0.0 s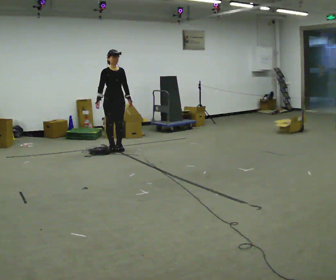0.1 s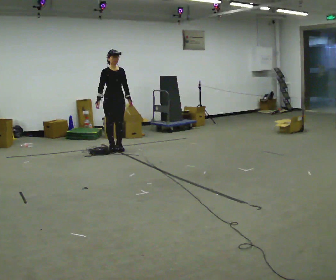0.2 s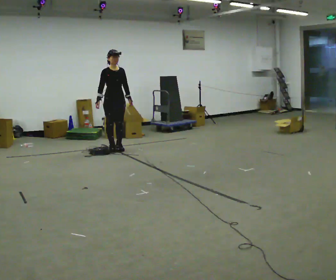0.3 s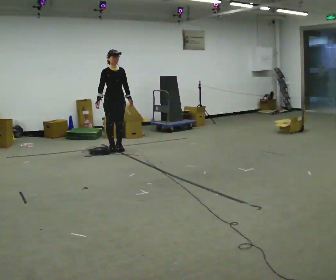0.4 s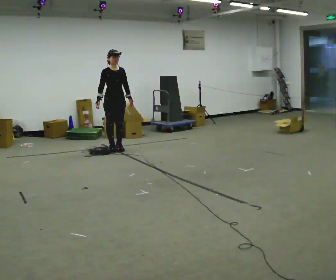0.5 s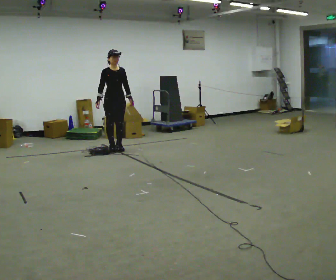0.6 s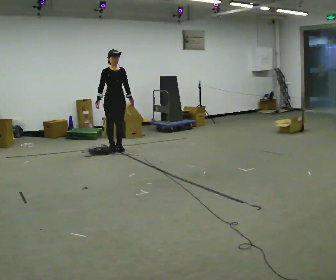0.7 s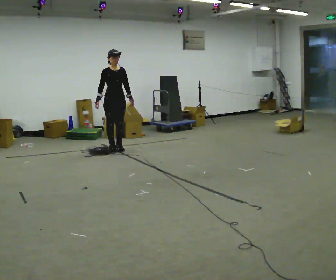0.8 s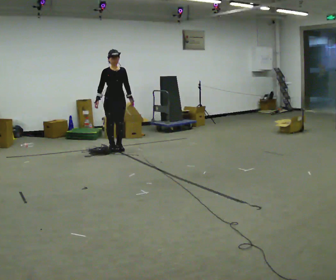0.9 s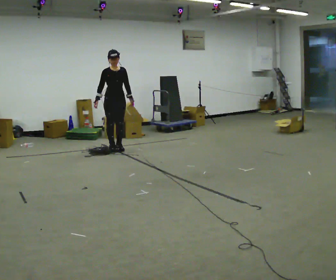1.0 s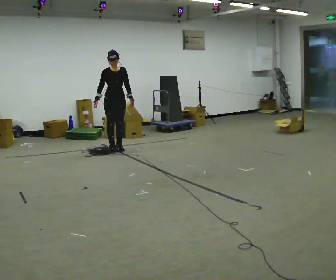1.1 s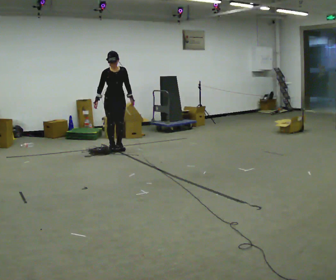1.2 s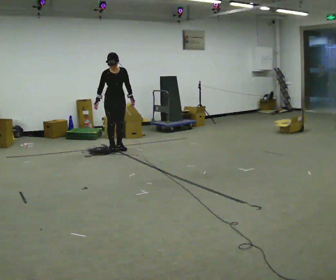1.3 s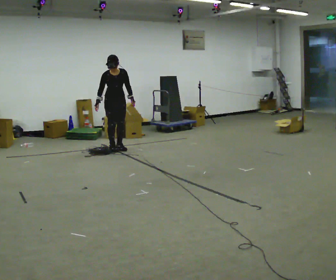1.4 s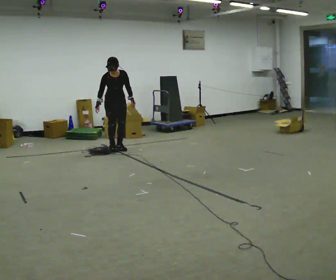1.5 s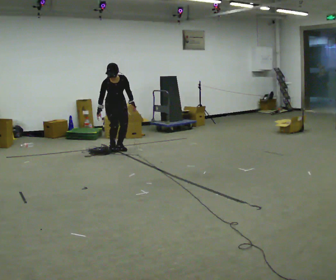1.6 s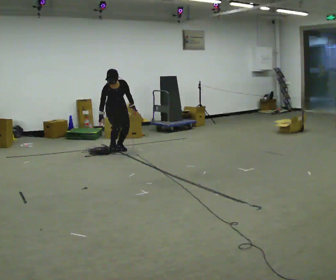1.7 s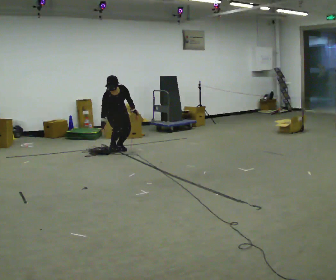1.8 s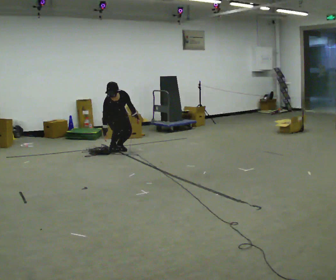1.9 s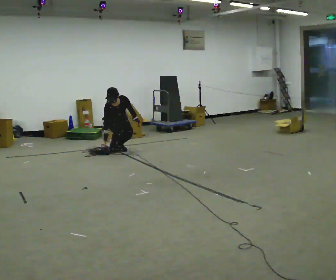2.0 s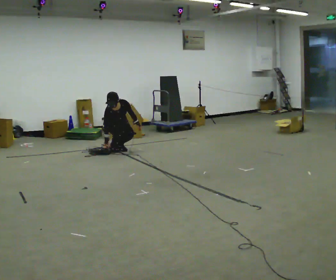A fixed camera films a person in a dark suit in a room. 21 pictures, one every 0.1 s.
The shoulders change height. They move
downward.
Their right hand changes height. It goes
downward.
0.0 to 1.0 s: The person moves a little, or ends about where they began.
1.0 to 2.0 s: The upper body goes downward. The upper body tips toward the camera, its near side rolling downward, as they bend forward. In the picture their left hand goes downward.
The film runs forward here.
